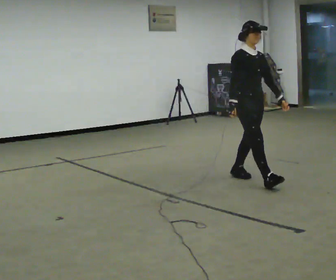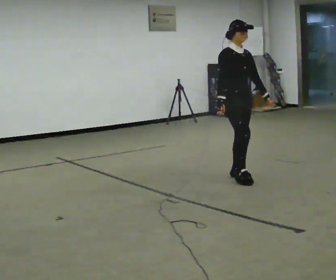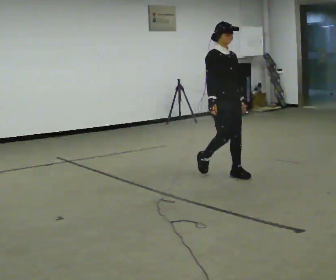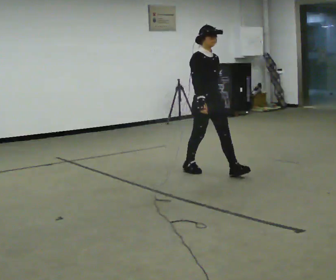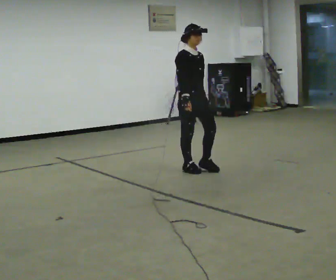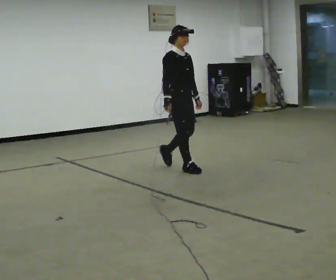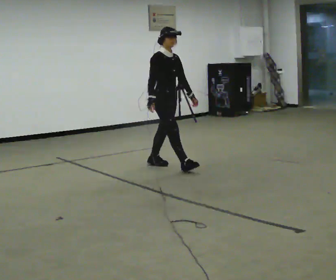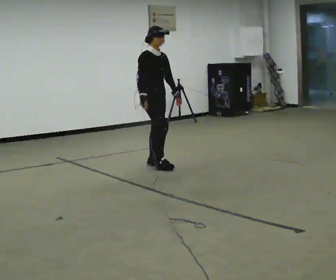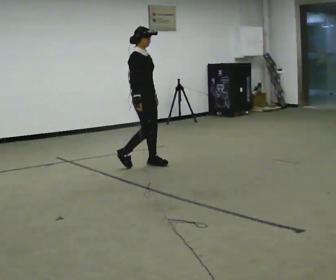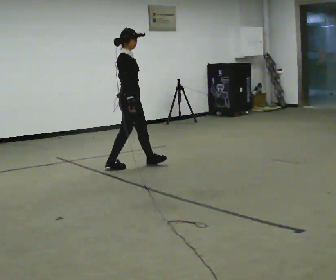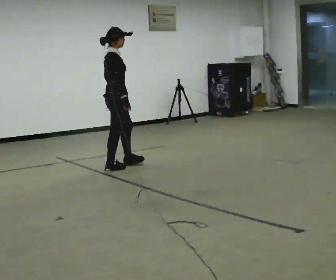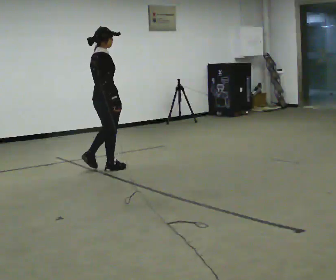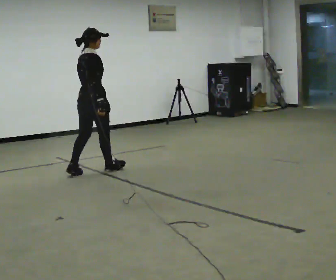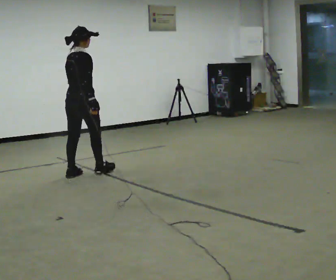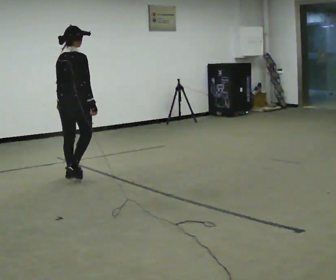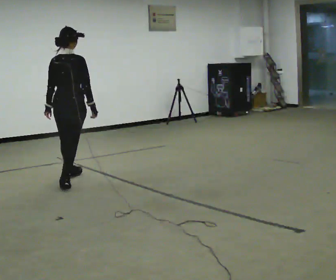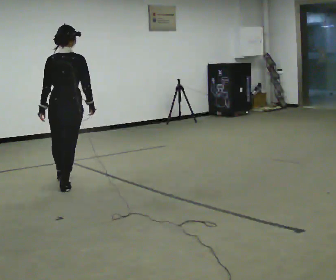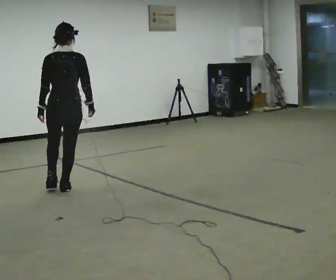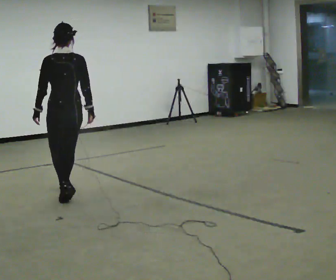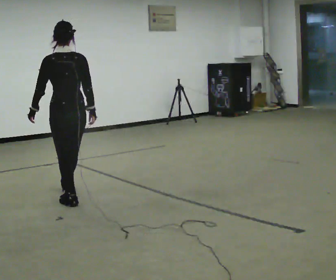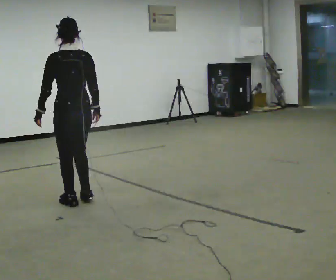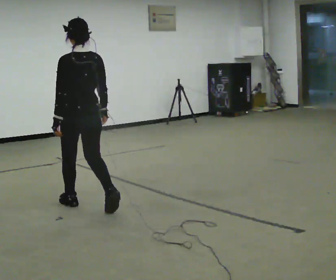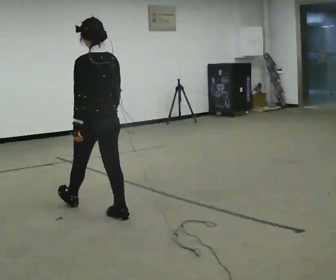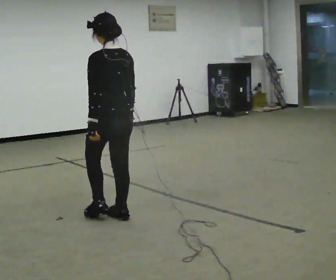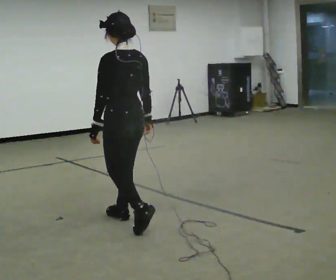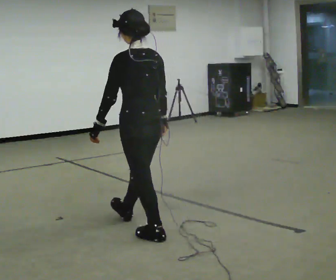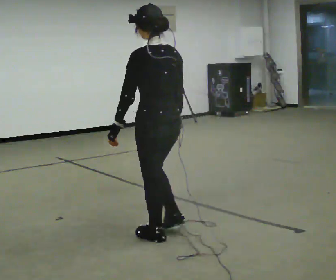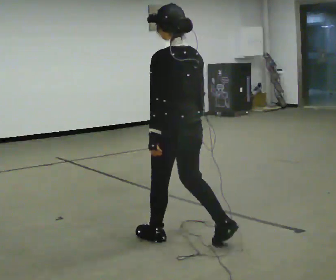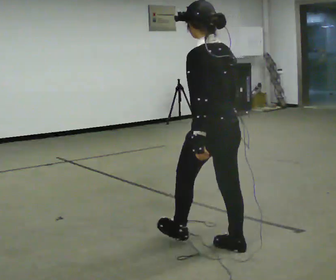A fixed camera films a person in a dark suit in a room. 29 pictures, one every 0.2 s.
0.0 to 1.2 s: In the picture they go away from the camera and to the left, about 1 m in 2 steps, which for them is backward.
1.2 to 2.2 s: The person turns about 75 degrees to their left, counterclockwise seen from above, so the part of the body nearest the lens slides to the right. In the picture they go to the left, about 0.5 m in 1 step.
2.2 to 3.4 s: Seen from above the body turns counterclockwise, about 60 degrees: to their left, with its near side sliding to the right. In the picture they go toward the camera and to the left, about 1 m in 2 steps.
3.4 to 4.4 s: The part of the body nearest the lens slides to the right as the person turns to their left by about 30 degrees. In the picture they go toward the camera, about 1 m in 2 steps, which for them is backward.
4.4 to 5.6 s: In the picture they go toward the camera and to the right, about 1 m in 2 steps, which for them is backward.
The film runs backward here.
